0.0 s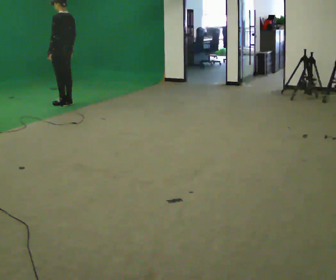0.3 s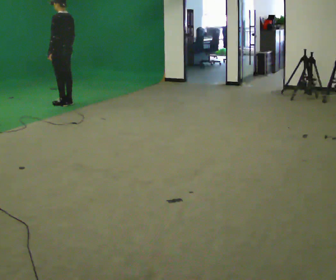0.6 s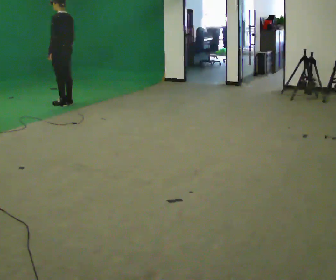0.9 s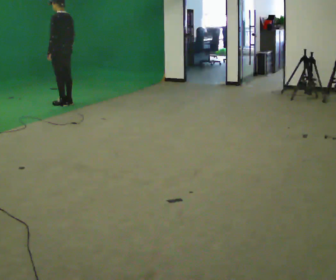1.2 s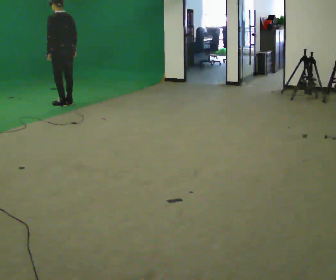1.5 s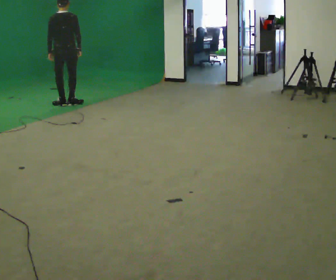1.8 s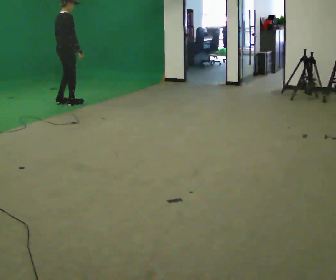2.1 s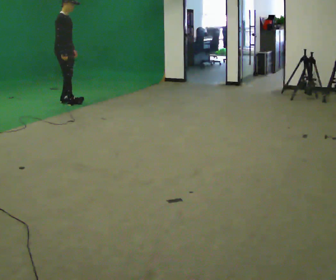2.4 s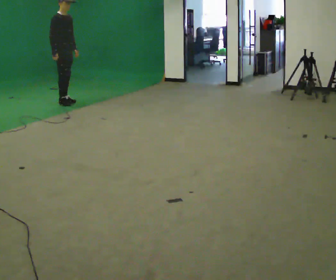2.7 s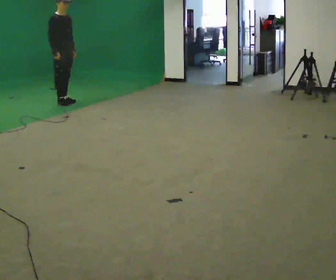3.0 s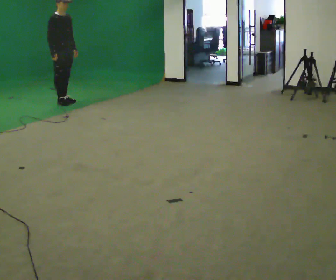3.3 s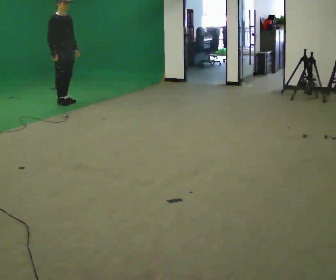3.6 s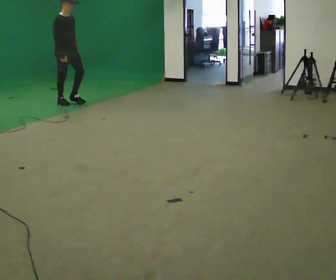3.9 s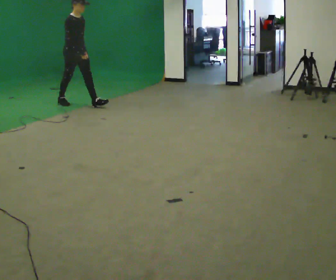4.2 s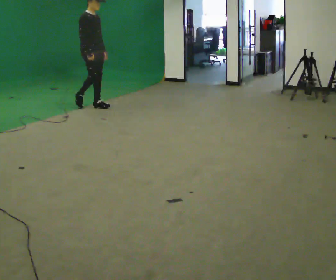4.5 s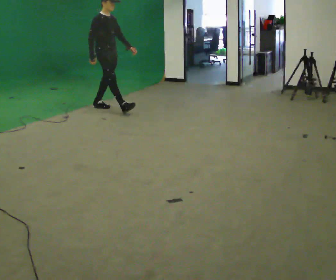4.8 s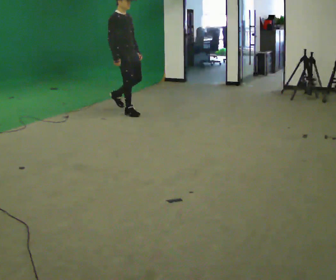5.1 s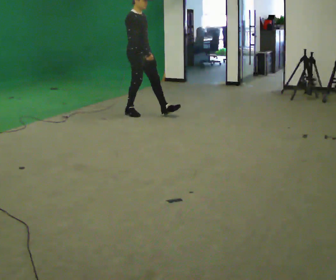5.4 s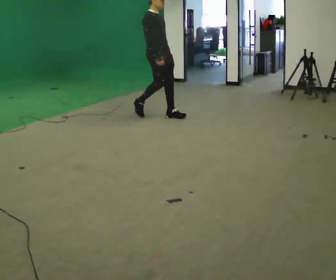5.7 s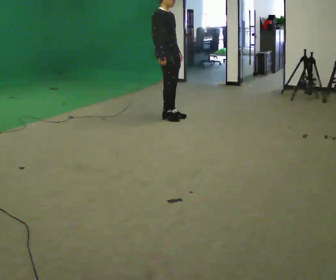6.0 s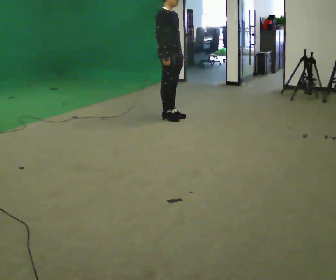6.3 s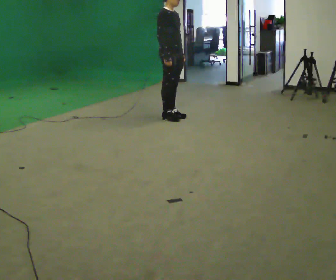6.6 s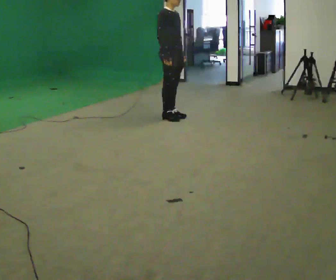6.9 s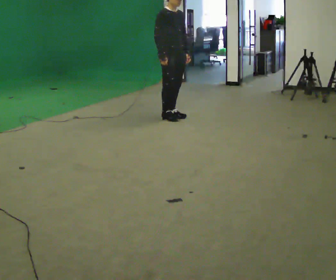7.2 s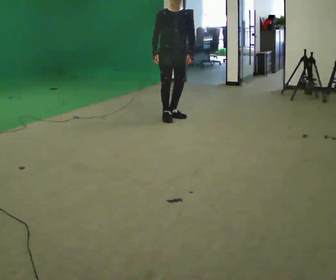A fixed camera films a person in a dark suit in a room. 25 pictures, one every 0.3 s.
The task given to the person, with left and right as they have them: Walk; stop fully; turn 90° left/right while standing; walk new direction.
0.0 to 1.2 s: The person moves a little, or ends about where they began.
1.2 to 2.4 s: Seen from above the body turns clockwise, about 165 degrees: to their right, with its near side sliding to the left. In the picture their right hand goes to the left.
2.4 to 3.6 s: The person moves a little, or ends about where they began.
3.6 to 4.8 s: In the picture they go to the right and toward the camera, about 1 m in 2 steps, which for them is forward.
4.8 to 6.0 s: In the picture they go to the right and toward the camera, about 1 m in 2 steps, which for them is forward.
6.0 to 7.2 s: Seen from above the body turns clockwise, about 45 degrees: to their right, with its near side sliding to the left.
The film runs forward here.
